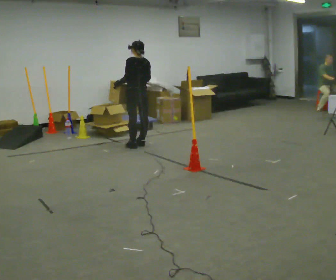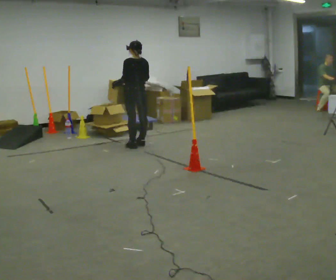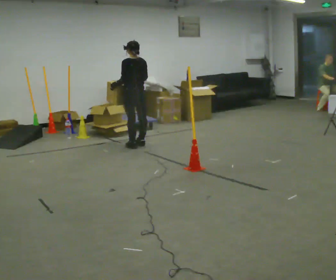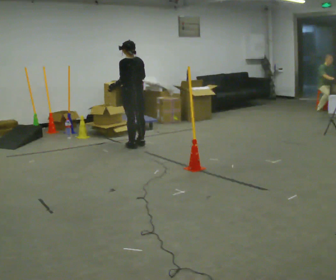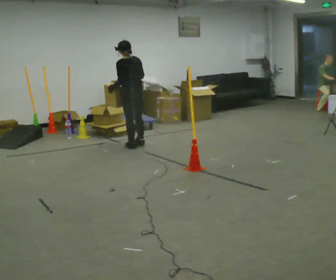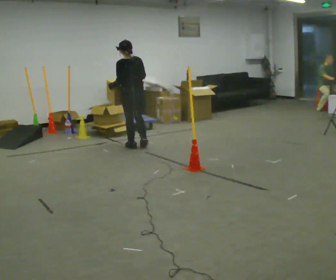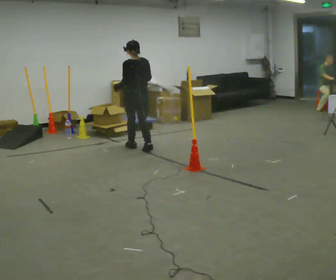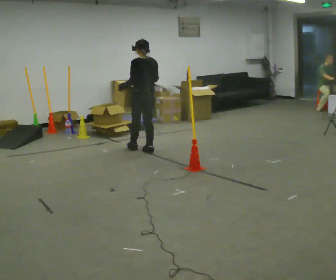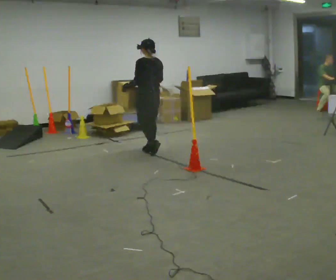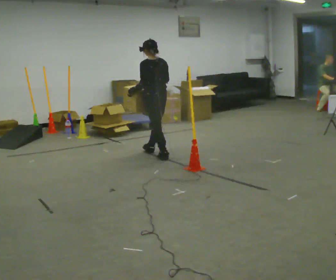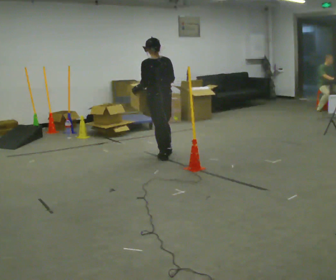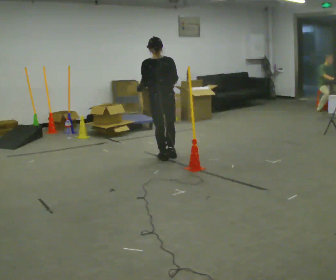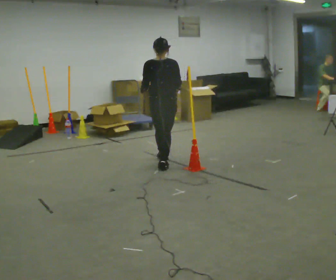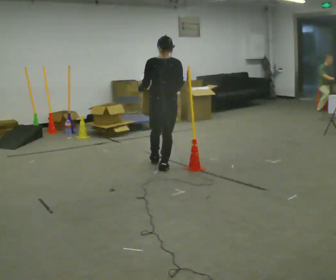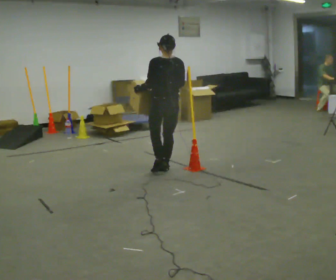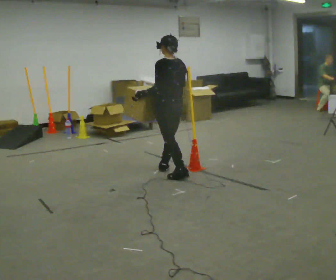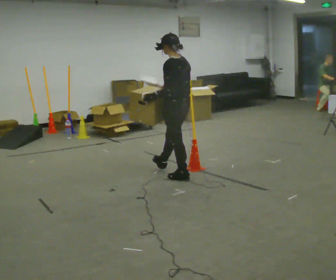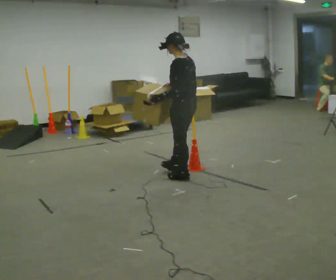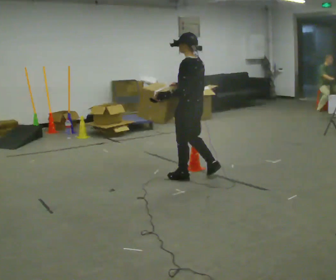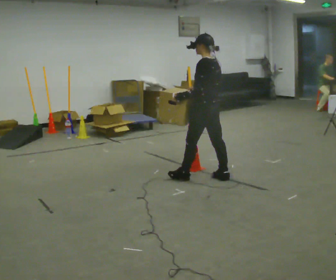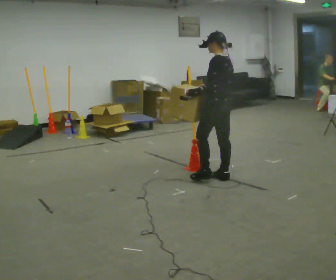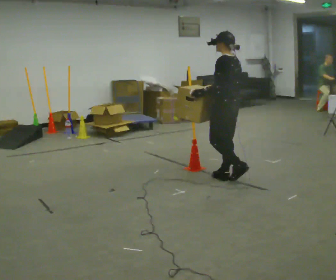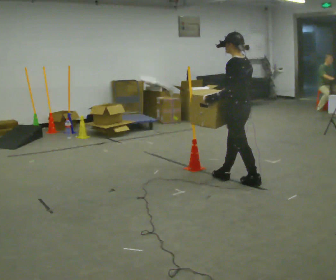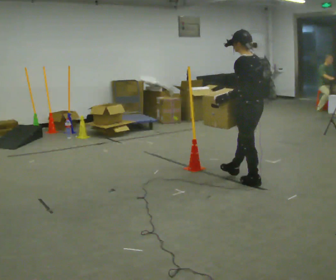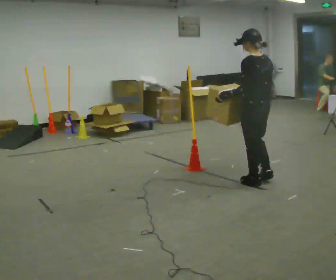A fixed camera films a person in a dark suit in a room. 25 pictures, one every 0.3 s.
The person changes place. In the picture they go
toward the camera.
0.0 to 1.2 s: The person moves a little, or ends about where they began.
1.2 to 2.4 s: In the picture they go toward the camera and to the right, about 0.5 m in 2 steps, which for them is backward.
2.4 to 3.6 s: The person turns about 45 degrees to their right, clockwise seen from above, so the part of the body nearest the lens slides to the left. In the picture they go toward the camera, about 0.5 m in 1 step, which for them is backward.
3.6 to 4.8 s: The person turns about 60 degrees to their left, counterclockwise seen from above, so the part of the body nearest the lens slides to the right. In the picture they go toward the camera, about 0.5 m in 1 step.
4.8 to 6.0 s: In the picture they go to the right, about 0.5 m in 2 steps, which for them is backward.
6.0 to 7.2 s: In the picture they go to the right and toward the camera, about 0.5 m in 1 step, which for them is backward.
The film runs backward here.
